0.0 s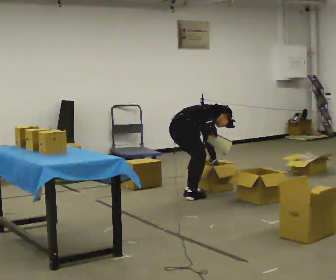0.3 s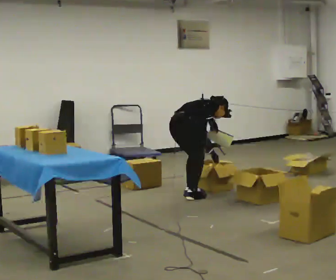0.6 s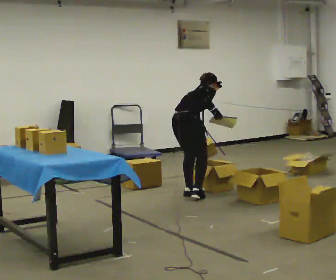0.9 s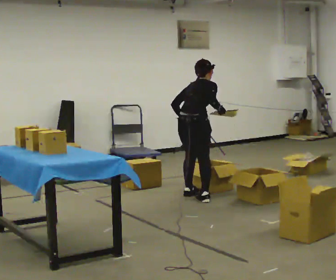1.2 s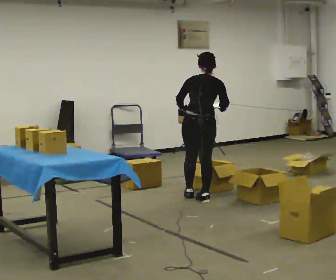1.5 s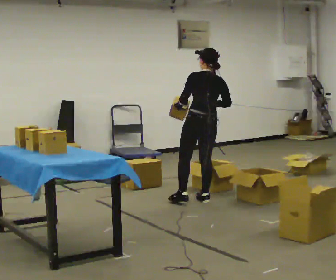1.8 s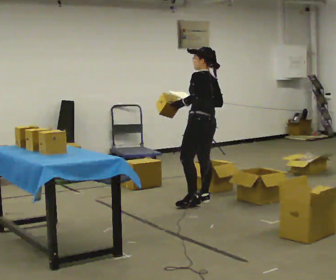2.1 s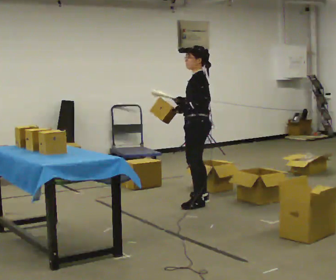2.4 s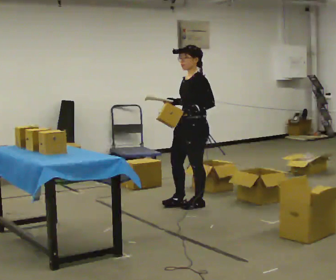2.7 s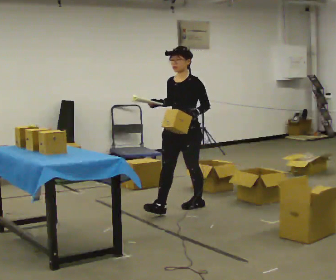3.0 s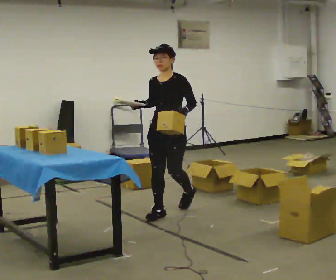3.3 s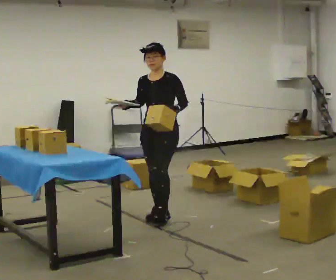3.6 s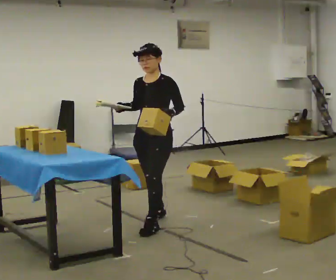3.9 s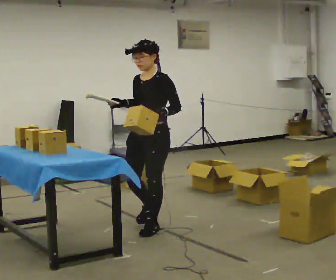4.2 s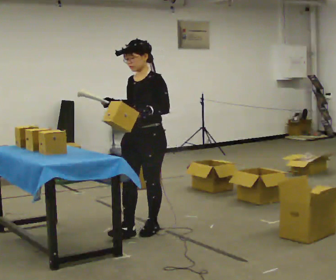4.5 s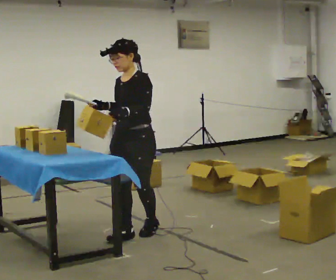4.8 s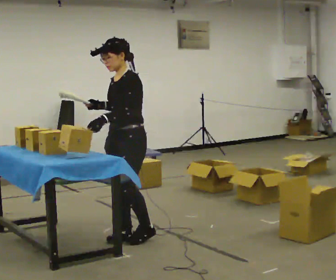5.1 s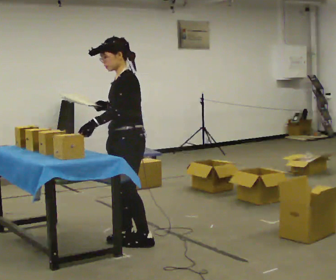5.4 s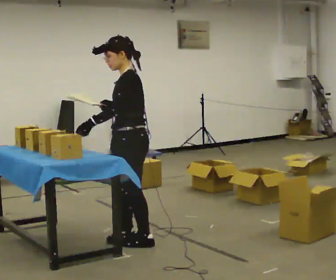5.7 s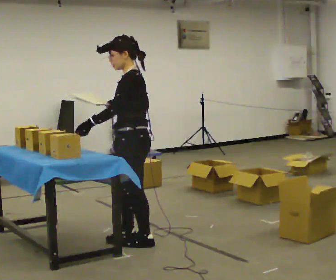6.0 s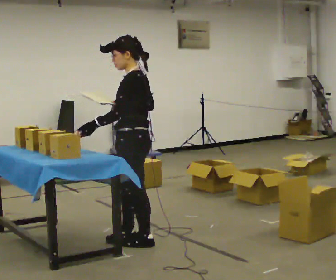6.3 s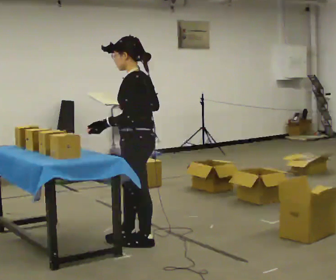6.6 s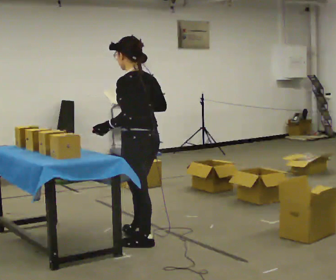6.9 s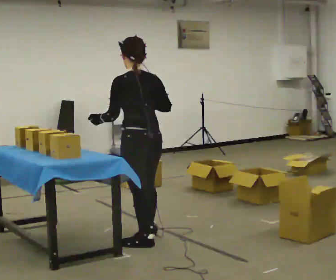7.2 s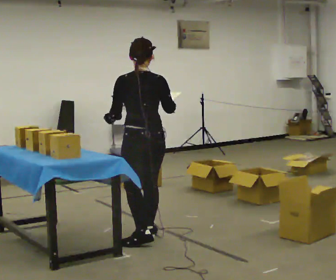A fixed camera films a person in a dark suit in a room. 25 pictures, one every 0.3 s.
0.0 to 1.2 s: Seen from above the body turns counterclockwise, about 60 degrees: to their left, with its near side sliding to the right. In the picture they go toward the camera and to the right, about 0.25 m in 1 step, which for them is to their right. The upper body goes upward. In the picture the upper body tilts counterclockwise, shoulders to the left, as they lean back or straighten. In the picture their left hand goes upward, the arm swinging clockwise.
1.2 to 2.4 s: Seen from above the body turns counterclockwise, about 120 degrees: to their left, with its near side sliding to the right. In the picture they go toward the camera, about 0.25 m in 1 step.
2.4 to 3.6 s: The person turns about 30 degrees to their left, counterclockwise seen from above, so the part of the body nearest the lens slides to the right. In the picture they go toward the camera and to the left, about 0.75 m in 2 steps, which for them is forward.
3.6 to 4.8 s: In the picture they go toward the camera and to the left, about 0.5 m in 1 step, which for them is forward.
4.8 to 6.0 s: The person turns about 45 degrees to their right, clockwise seen from above, so the part of the body nearest the lens slides to the left. In the picture they go toward the camera, about 0.25 m in 1 step, which for them is to their left.
6.0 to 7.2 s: The part of the body nearest the lens slides to the left as the person turns to their right by about 75 degrees. In the picture their right hand goes to the right.
The film runs forward here.
